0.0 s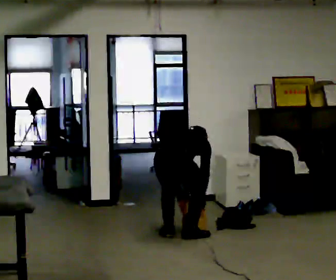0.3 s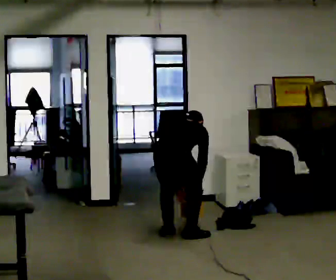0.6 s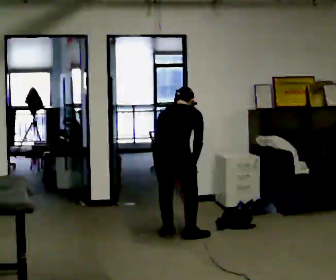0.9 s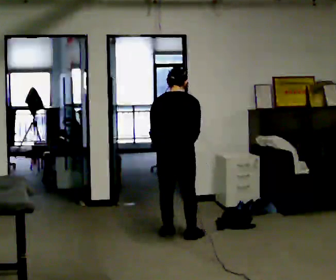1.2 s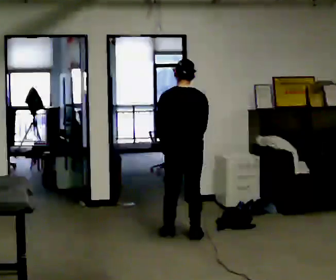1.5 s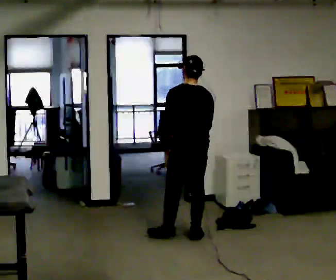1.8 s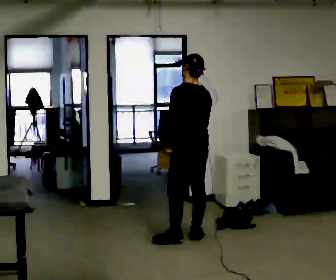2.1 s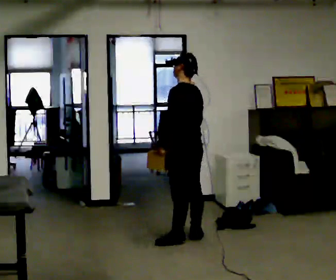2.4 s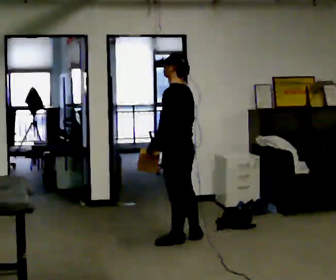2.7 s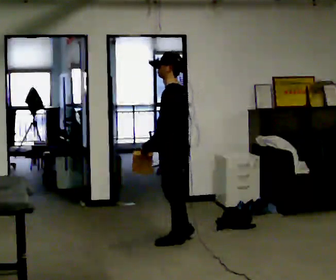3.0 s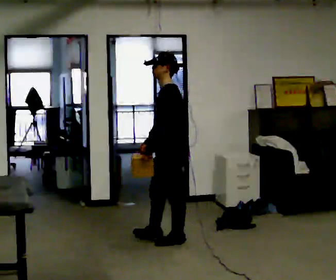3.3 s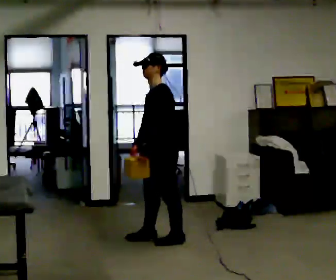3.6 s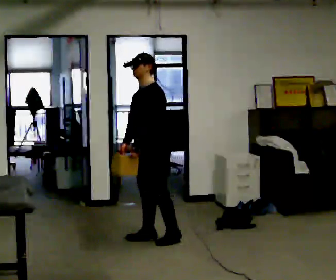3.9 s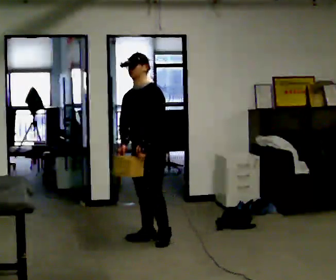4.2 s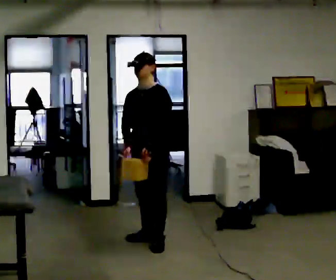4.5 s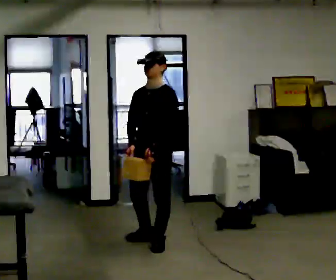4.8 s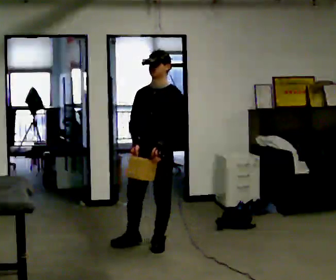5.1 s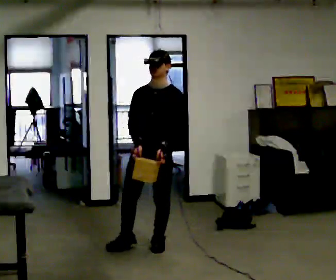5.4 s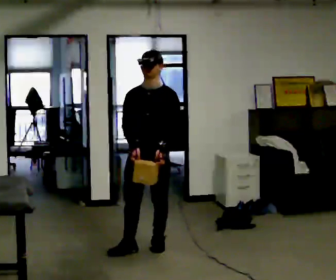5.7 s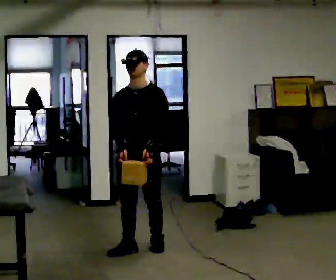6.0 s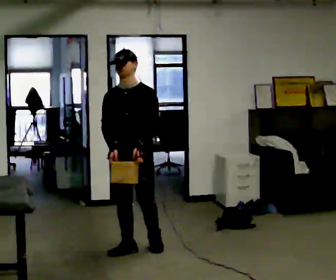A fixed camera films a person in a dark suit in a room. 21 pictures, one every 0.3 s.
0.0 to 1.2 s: The person turns about 30 degrees to their left, counterclockwise seen from above, so the part of the body nearest the lens slides to the right. The shoulders move upward. The upper body tips toward the camera, its near side rolling downward, as they lean back or straighten. In the picture their right hand goes upward.
1.2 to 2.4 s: The part of the body nearest the lens slides to the right as the person turns to their left by about 60 degrees.
2.4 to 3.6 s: Seen from above the body turns counterclockwise, about 60 degrees: to their left, with its near side sliding to the right. In the picture they go to the left, about 0.25 m in 1 step, which for them is forward.
3.6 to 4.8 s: The part of the body nearest the lens slides to the right as the person turns to their left by about 30 degrees. In the picture they go toward the camera, about 0.25 m in 1 step, which for them is forward and to their left.
4.8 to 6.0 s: In the picture they go to the left and toward the camera, about 0.25 m in 1 step, which for them is forward and to their right.
The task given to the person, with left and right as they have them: Pick an object up off the floor at one end of the room, carry it across, and place it on the waist-height shelf at the other end. Keep going until the operator says stop; one object at a time, and do not rush between trips.
The film runs forward here.
